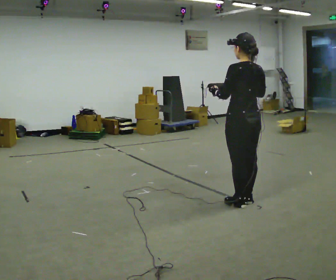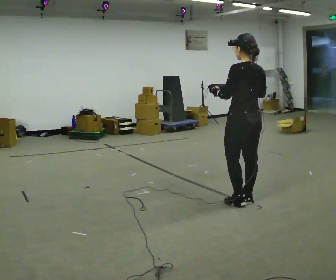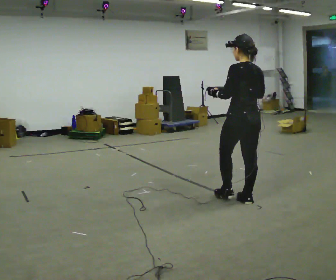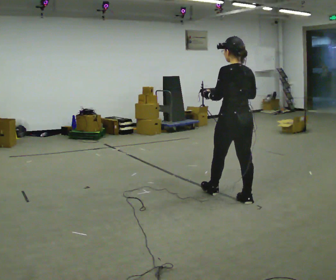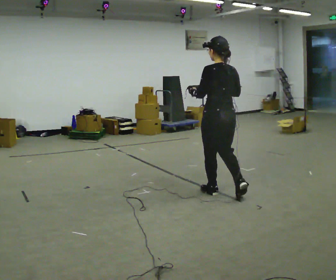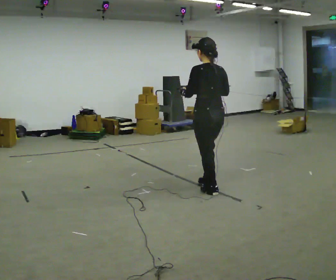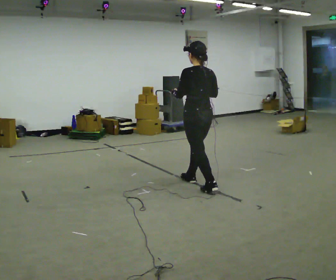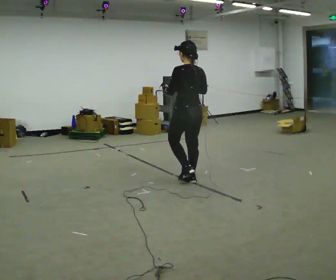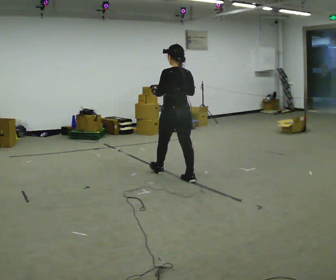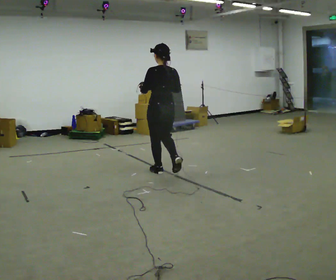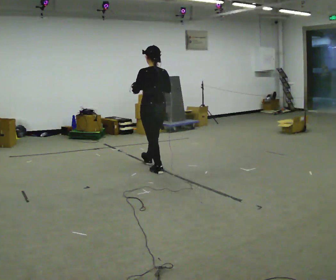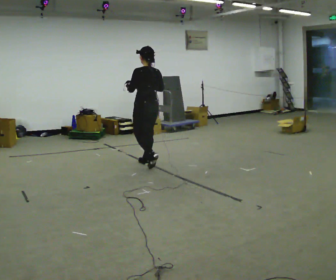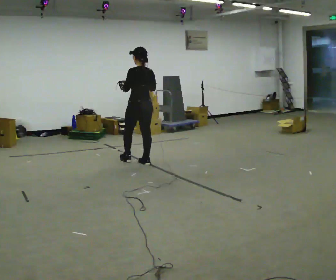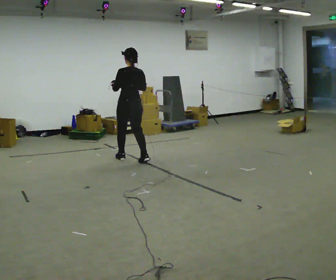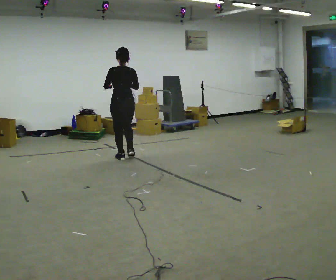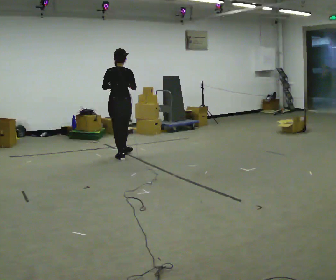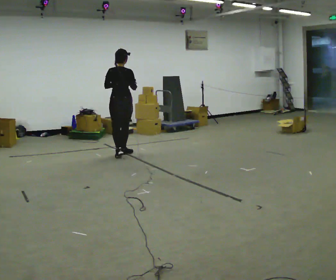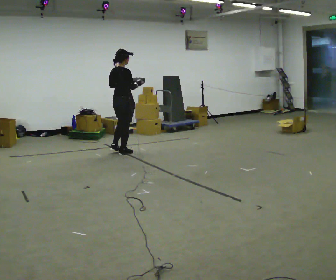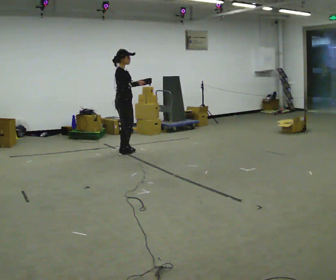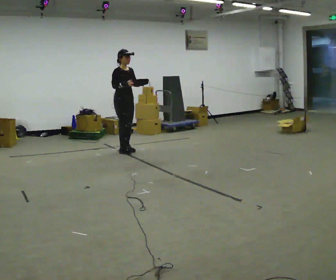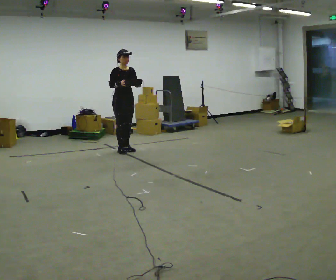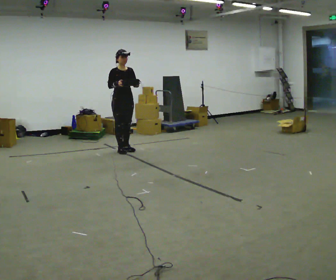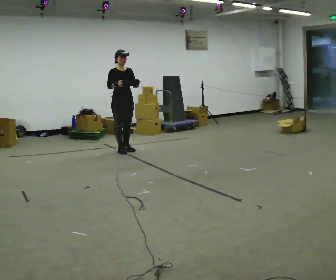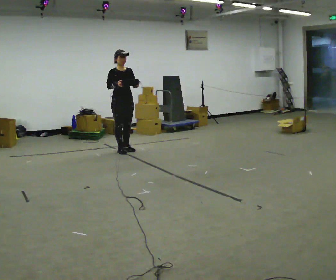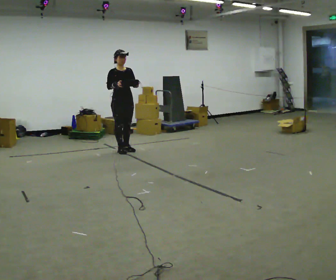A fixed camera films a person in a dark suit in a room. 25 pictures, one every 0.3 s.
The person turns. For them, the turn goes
to their right.
The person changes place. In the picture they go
away from the camera.
0.0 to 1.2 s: In the picture they go away from the camera and to the left, about 0.25 m in 1 step, which for them is forward.
1.2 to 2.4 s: In the picture they go away from the camera and to the left, about 1 m in 1 step, which for them is forward.
2.4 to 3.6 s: In the picture they go away from the camera and to the left, about 1 m in 2 steps, which for them is forward.
3.6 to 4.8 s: The person turns about 45 degrees to their right, clockwise seen from above, so the part of the body nearest the lens slides to the left. In the picture they go away from the camera and to the left, about 0.5 m in 2 steps, which for them is forward and to their left.
4.8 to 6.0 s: The part of the body nearest the lens slides to the left as the person turns to their right by about 150 degrees. In the picture they go away from the camera, about 0.25 m in 2 steps.
6.0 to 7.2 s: The person moves a little, or ends about where they began.
The film runs forward here.
